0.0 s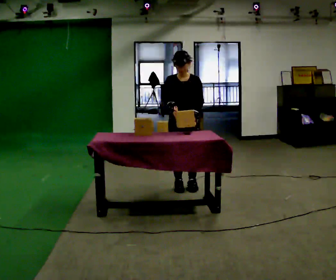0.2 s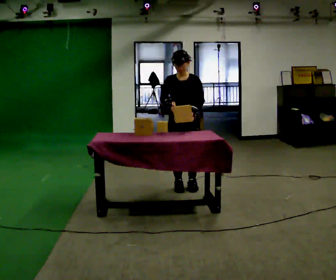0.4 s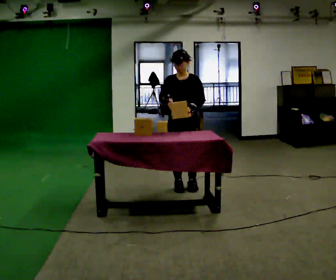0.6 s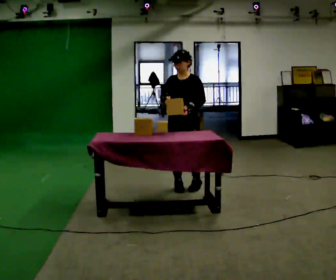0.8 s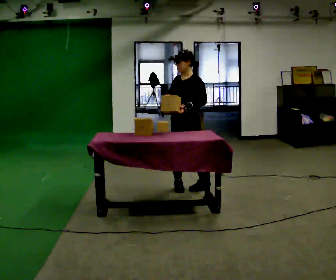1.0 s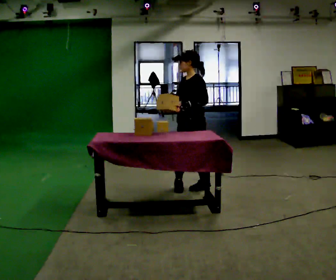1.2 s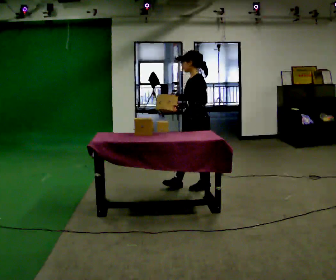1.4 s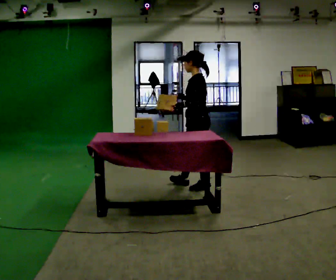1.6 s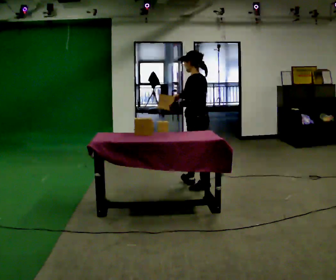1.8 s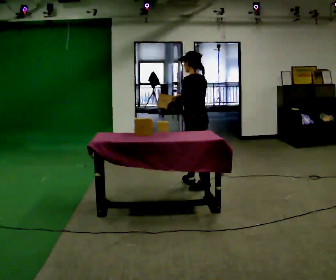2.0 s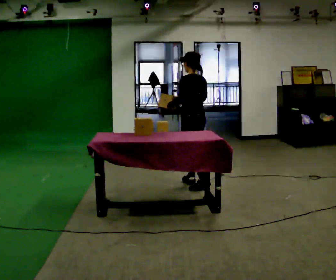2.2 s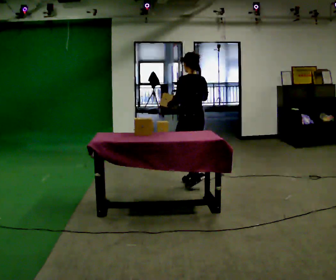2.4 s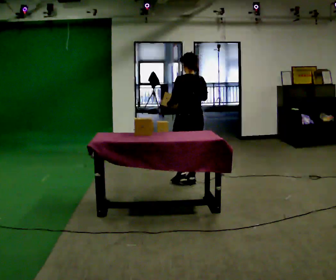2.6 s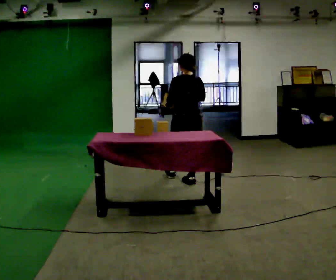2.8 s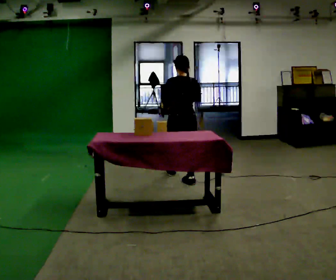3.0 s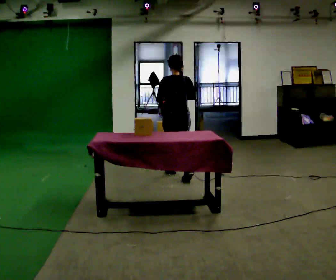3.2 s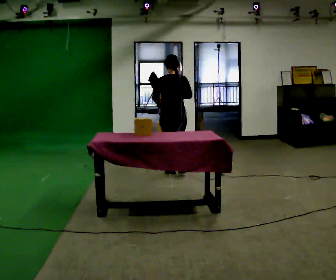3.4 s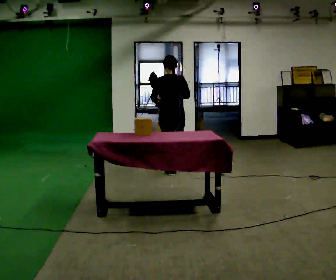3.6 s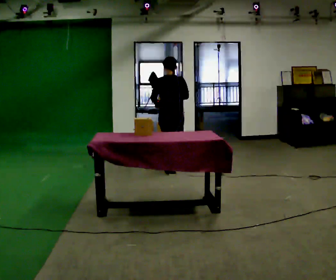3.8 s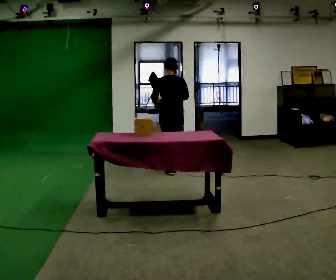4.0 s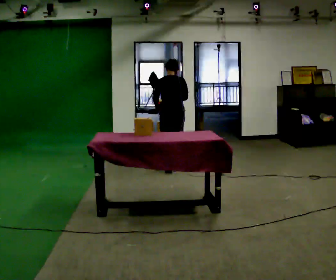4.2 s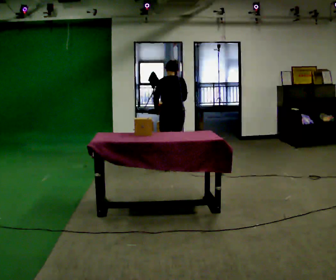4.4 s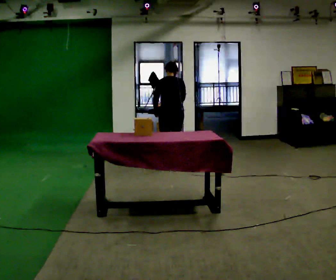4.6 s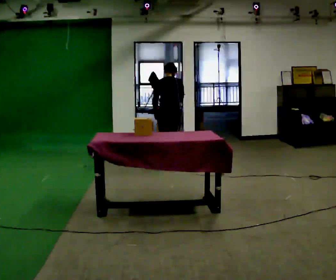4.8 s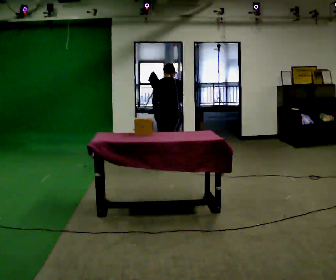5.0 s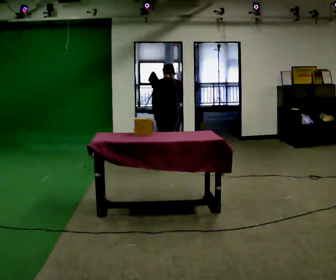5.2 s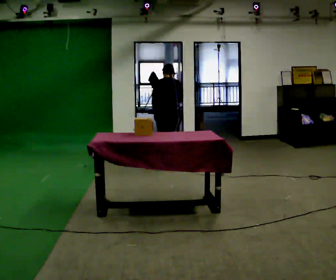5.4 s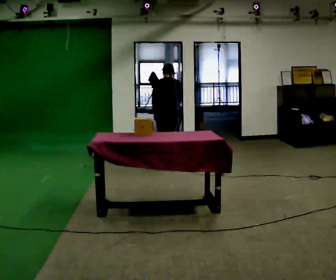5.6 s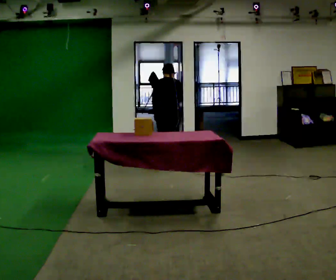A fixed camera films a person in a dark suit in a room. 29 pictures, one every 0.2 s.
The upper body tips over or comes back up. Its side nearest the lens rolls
upward.
The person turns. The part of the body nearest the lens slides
to the left.
0.0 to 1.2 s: The person turns about 75 degrees to their right, clockwise seen from above, so the part of the body nearest the lens slides to the left. In the picture they go to the right, about 0.25 m in 1 step.
1.2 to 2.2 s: The person turns about 60 degrees to their right, clockwise seen from above, so the part of the body nearest the lens slides to the left. In the picture they go away from the camera, about 0.25 m in 1 step, which for them is to their right and forward.
2.2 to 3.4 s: The part of the body nearest the lens slides to the left as the person turns to their right by about 30 degrees. In the picture they go away from the camera and to the left, about 0.5 m in 1 step, which for them is forward.
3.4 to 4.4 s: In the picture they go away from the camera, about 0.25 m in 2 steps, which for them is forward. The upper body tips away from the camera, its near side rolling upward, as they bend forward.
4.4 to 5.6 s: The person moves a little, or ends about where they began.
The film runs forward here.
